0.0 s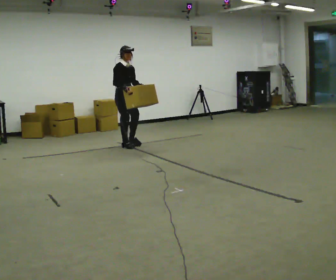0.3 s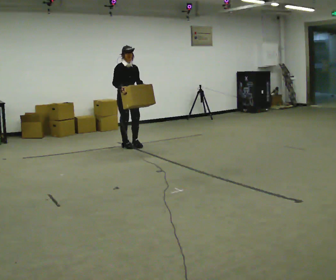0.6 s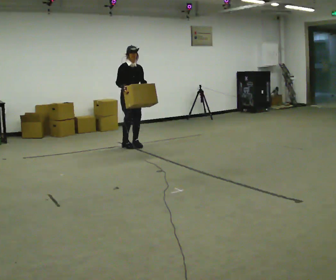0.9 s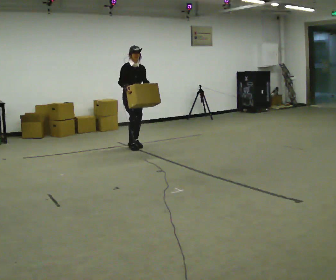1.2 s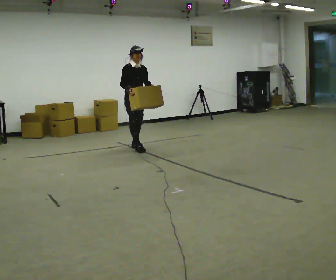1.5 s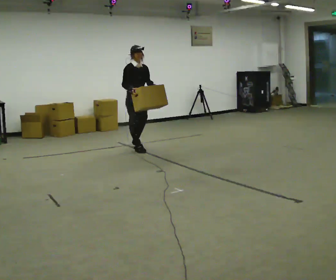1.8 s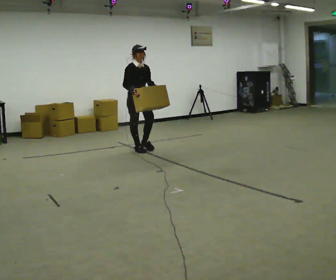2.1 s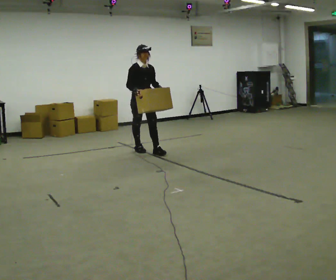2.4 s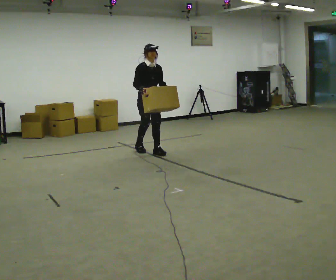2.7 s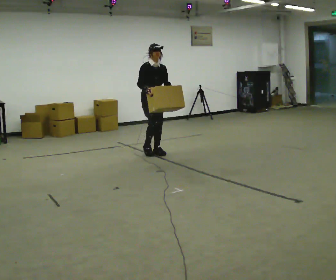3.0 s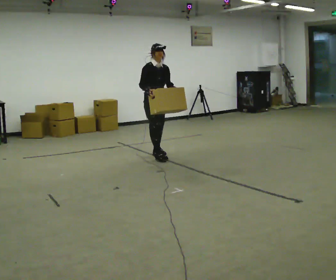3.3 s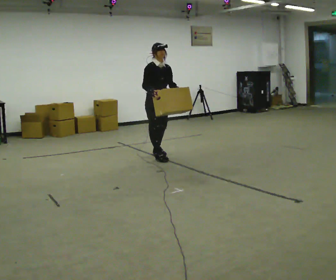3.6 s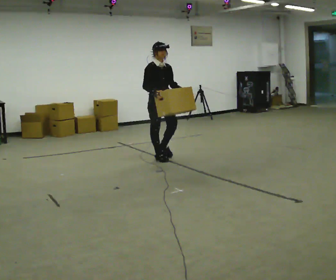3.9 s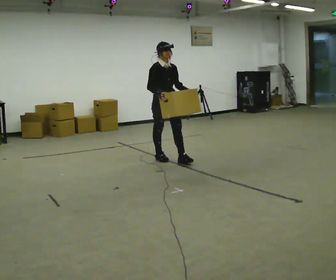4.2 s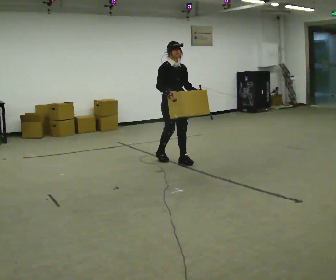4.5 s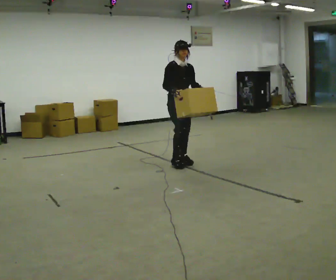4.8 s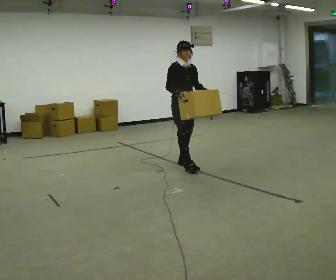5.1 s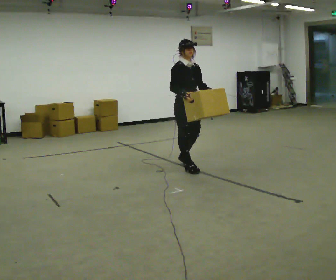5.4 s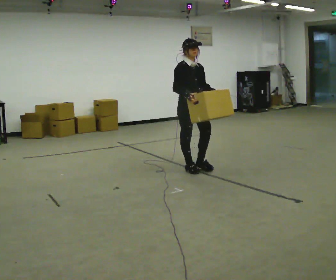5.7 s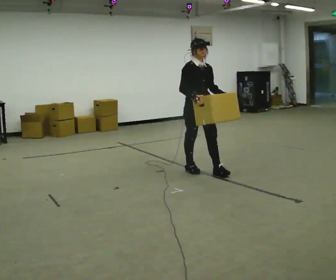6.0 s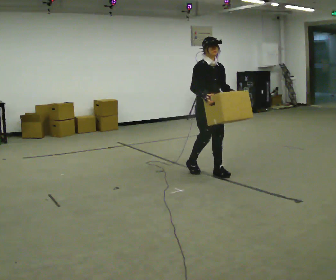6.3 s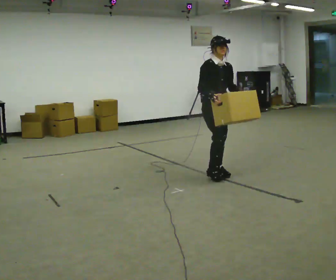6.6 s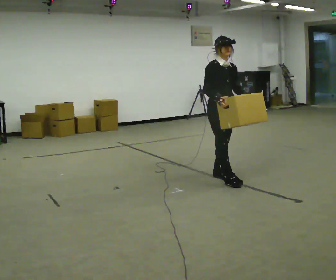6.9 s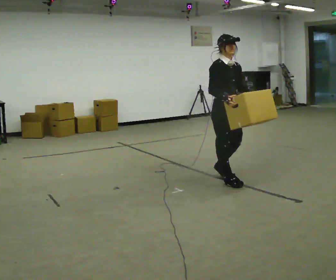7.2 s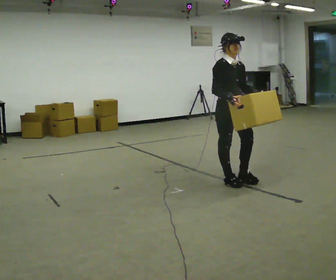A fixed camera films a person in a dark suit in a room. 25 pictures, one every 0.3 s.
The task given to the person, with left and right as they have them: Carry the box across the room much more slowly and carefully than normal, back and forth.
0.0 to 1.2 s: In the picture they go to the right, about 0.25 m in 1 step, which for them is forward and to their left.
1.2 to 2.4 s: In the picture they go toward the camera and to the right, about 0.5 m in 1 step, which for them is forward.
2.4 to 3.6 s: In the picture they go toward the camera, about 0.5 m in 1 step, which for them is forward.
3.6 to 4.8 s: In the picture they go toward the camera and to the right, about 0.5 m in 2 steps, which for them is forward.
4.8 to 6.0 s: In the picture they go toward the camera and to the right, about 0.5 m in 1 step, which for them is forward.
6.0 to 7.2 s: In the picture they go toward the camera, about 0.5 m in 1 step, which for them is forward.
The film runs forward here.
